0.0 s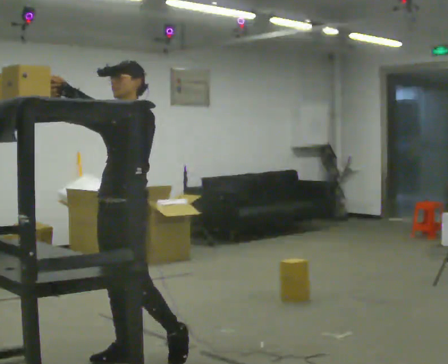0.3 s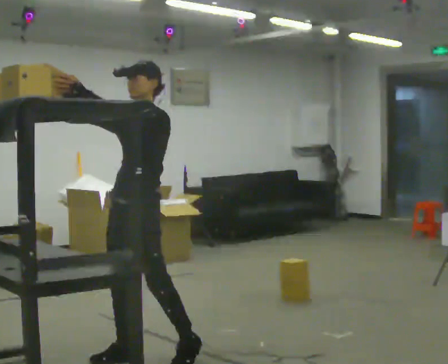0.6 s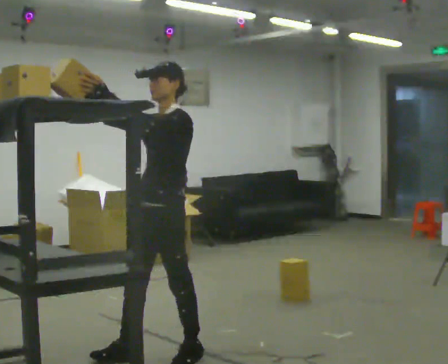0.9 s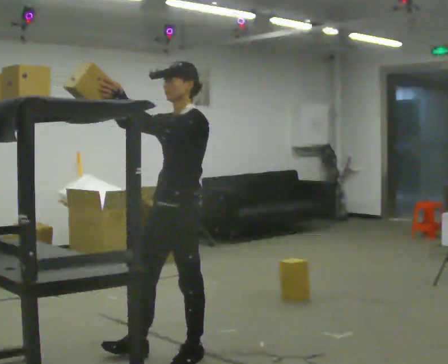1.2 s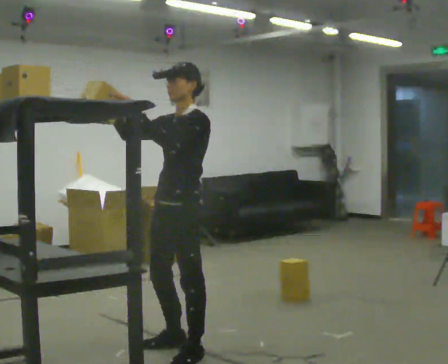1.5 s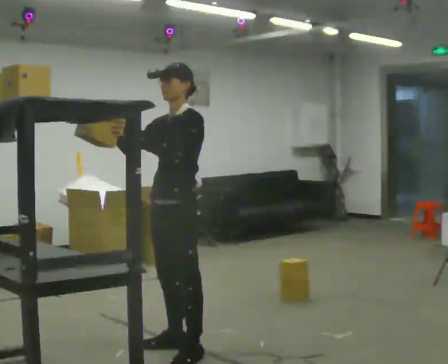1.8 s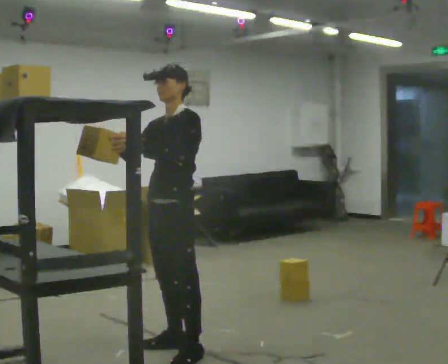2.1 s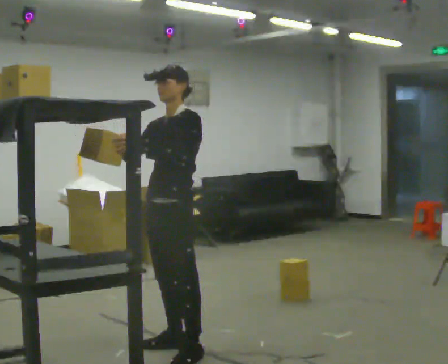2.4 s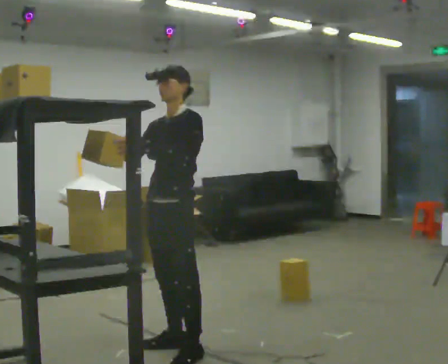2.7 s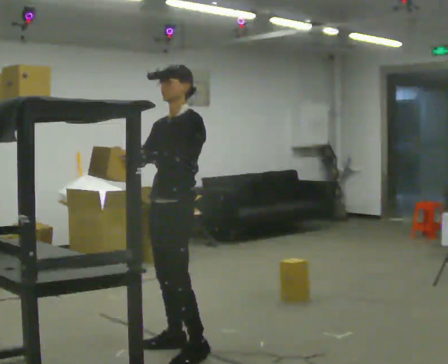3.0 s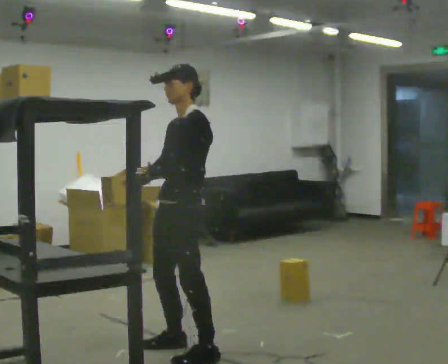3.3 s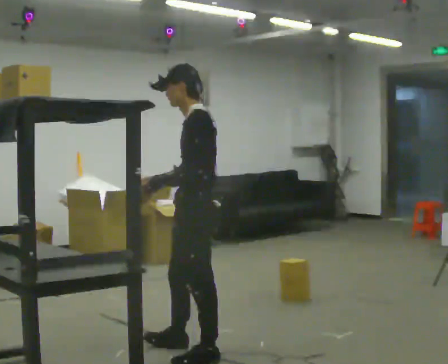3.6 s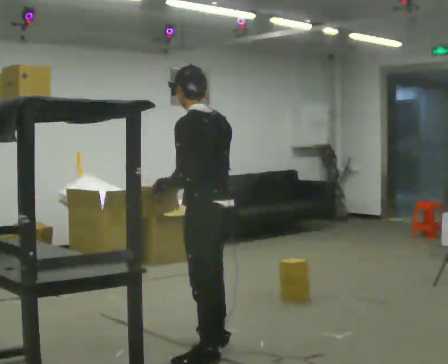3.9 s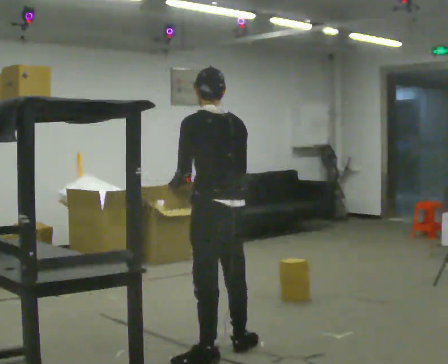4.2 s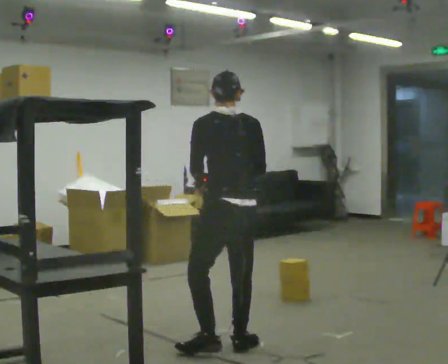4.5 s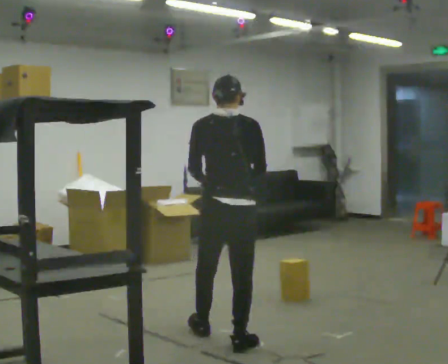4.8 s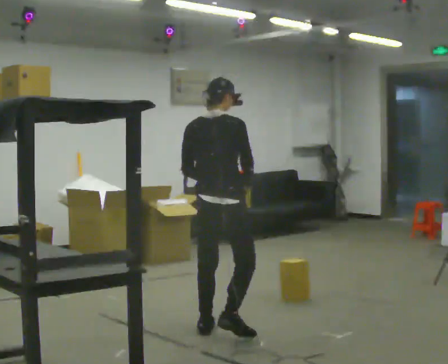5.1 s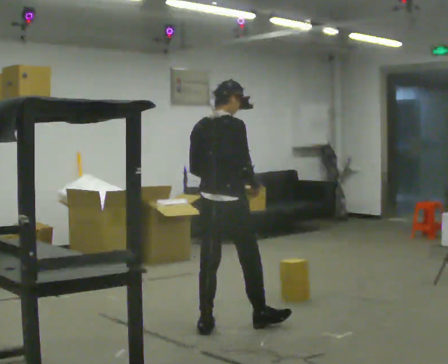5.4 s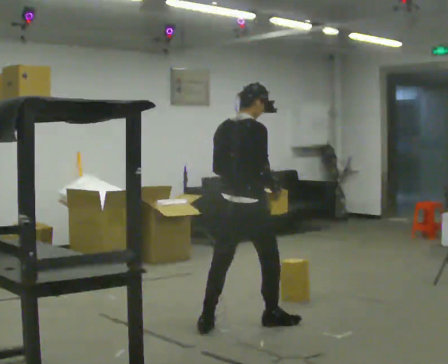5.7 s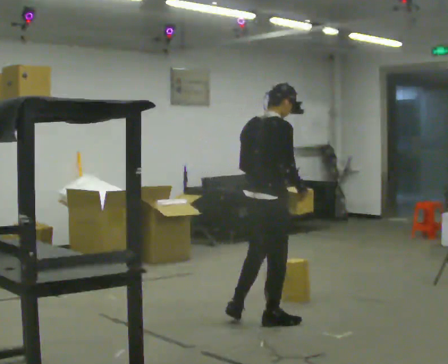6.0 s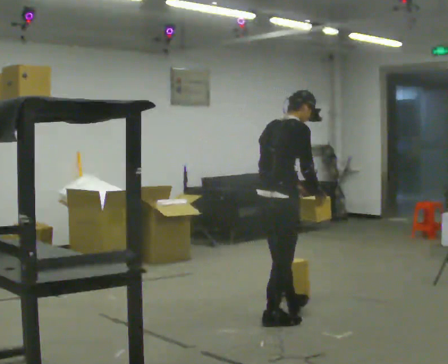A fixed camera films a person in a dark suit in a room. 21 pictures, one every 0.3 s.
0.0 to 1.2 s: In the picture they go to the right, about 0.25 m in 2 steps, which for them is backward.
1.2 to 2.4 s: The person moves a little, or ends about where they began.
2.4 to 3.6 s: Seen from above the body turns clockwise, about 75 degrees: to their right, with its near side sliding to the left. In the picture they go to the right and toward the camera, about 0.25 m.
3.6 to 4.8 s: The part of the body nearest the lens slides to the left as the person turns to their right by about 90 degrees. In the picture they go away from the camera, about 0.5 m in 2 steps.
4.8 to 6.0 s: In the picture they go to the right and away from the camera, about 0.5 m in 1 step, which for them is forward. In the picture the upper body tilts clockwise, shoulders to the right, as they bend forward.
The film runs forward here.
